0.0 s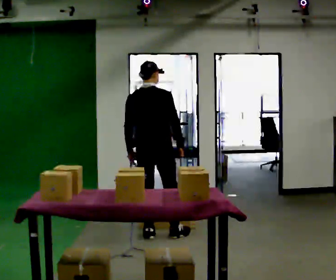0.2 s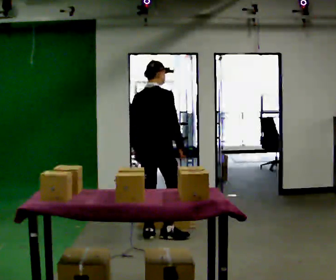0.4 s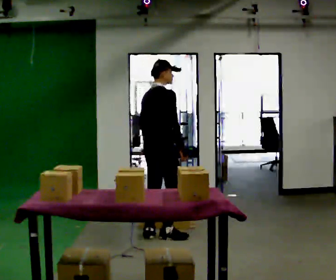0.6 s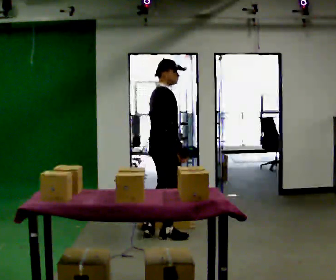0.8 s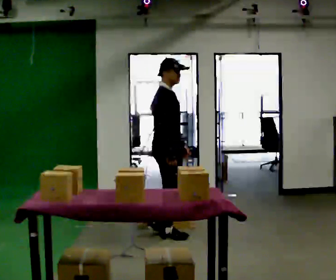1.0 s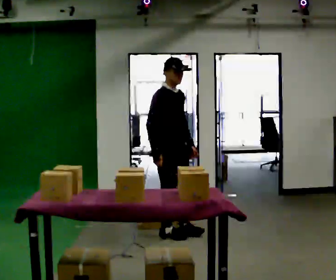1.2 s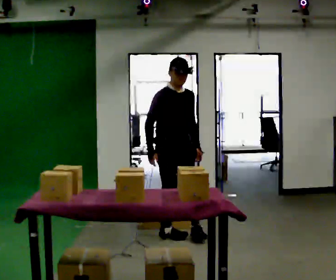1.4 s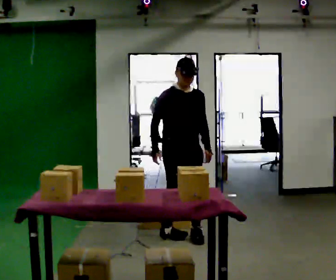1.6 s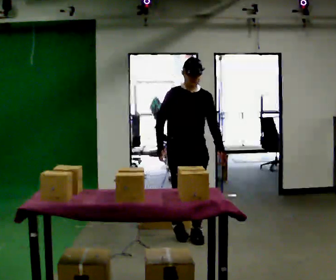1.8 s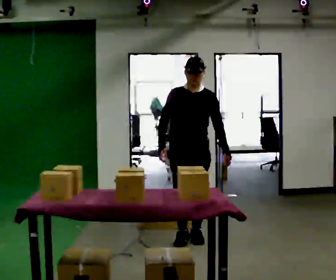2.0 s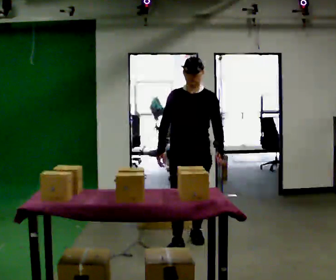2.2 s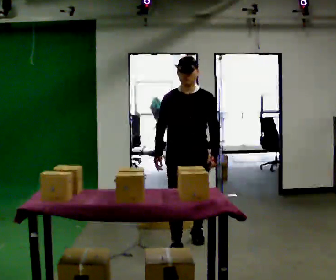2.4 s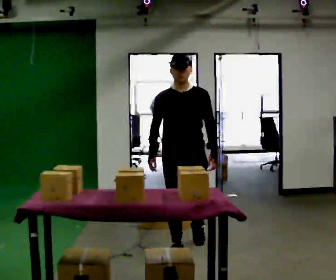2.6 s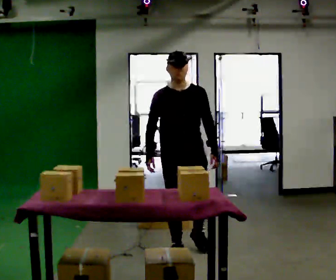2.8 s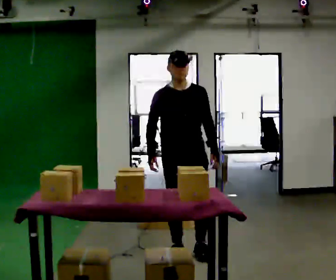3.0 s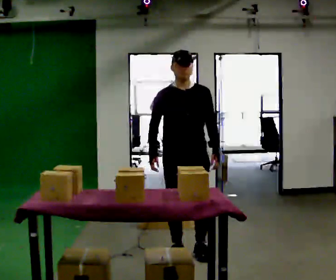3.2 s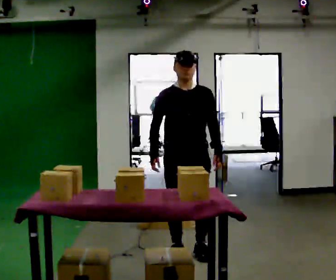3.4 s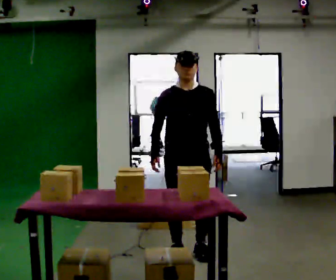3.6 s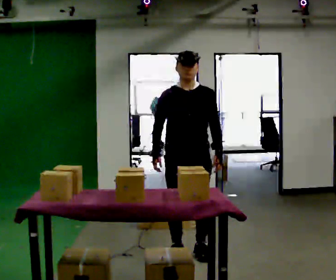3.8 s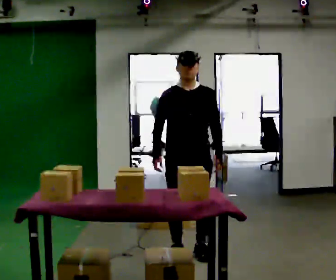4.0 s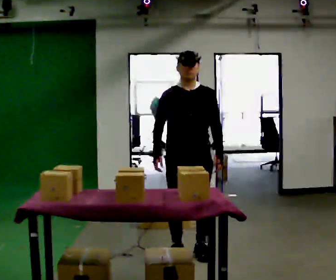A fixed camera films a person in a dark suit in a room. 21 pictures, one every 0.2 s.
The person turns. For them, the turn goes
to their right.
The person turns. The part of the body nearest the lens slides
to the left.
0.0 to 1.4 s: Seen from above the body turns clockwise, about 135 degrees: to their right, with its near side sliding to the left. In the picture they go to the right, about 0.25 m in 1 step.
1.4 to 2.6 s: In the picture they go toward the camera, about 0.5 m in 1 step, which for them is forward.
2.6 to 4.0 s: The person moves a little, or ends about where they began.
The film runs forward here.
